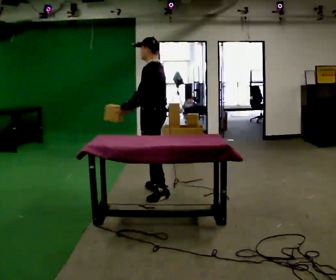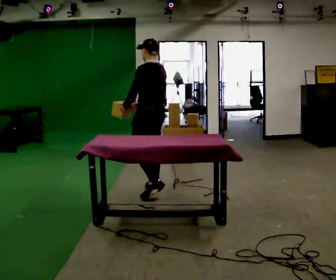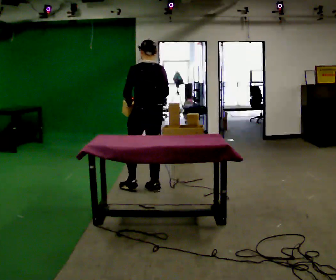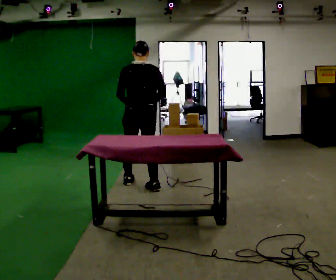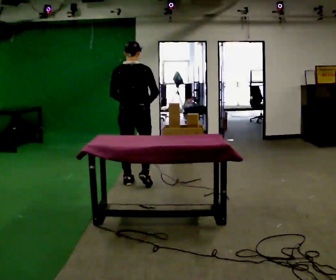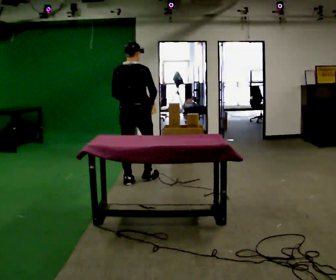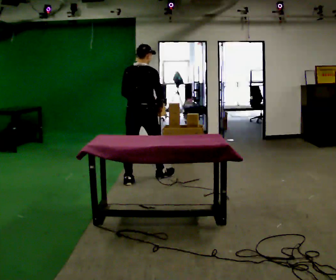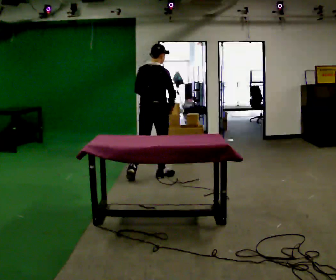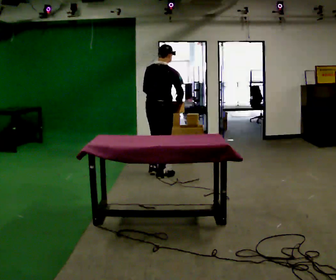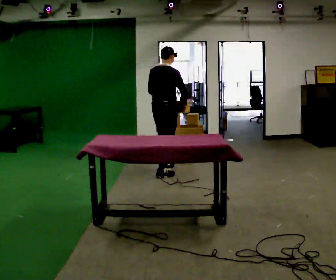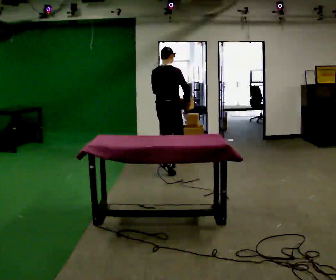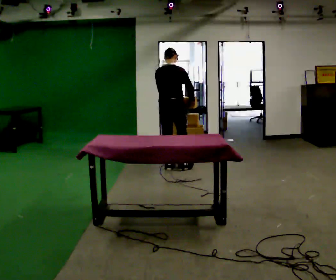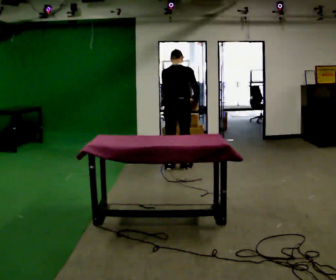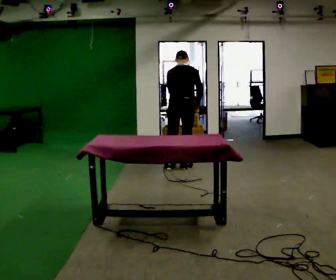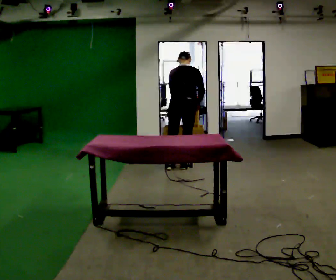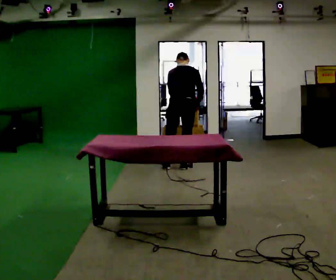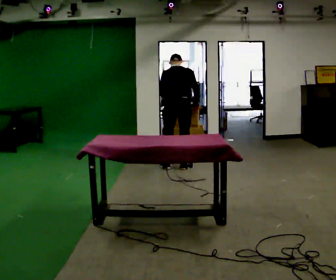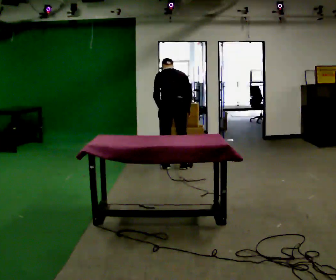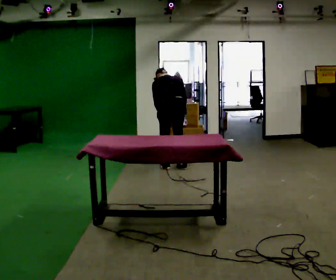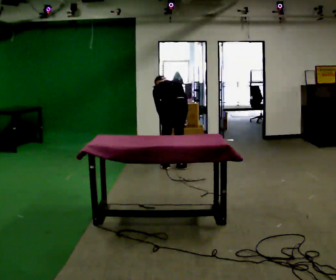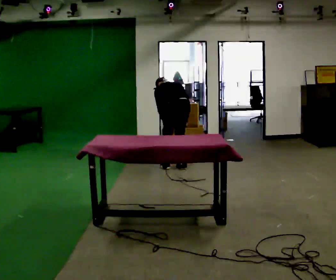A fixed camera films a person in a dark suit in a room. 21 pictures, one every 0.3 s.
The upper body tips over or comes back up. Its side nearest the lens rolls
upward.
The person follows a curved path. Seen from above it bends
clockwise.
0.0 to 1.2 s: The part of the body nearest the lens slides to the left as the person turns to their right by about 75 degrees. In the picture they go away from the camera and to the left, about 0.5 m in 1 step.
1.2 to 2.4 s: The part of the body nearest the lens slides to the left as the person turns to their right by about 30 degrees. In the picture they go away from the camera and to the right, about 0.5 m in 1 step, which for them is forward.
2.4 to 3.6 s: In the picture they go away from the camera and to the right, about 0.5 m in 2 steps, which for them is forward.
3.6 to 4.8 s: The person moves a little, or ends about where they began.
4.8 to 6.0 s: The upper body goes downward. The upper body tips away from the camera, its near side rolling upward, as they bend forward.
The film runs forward here.
